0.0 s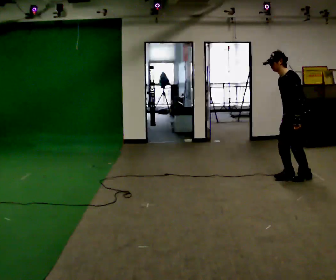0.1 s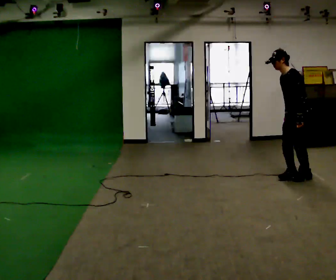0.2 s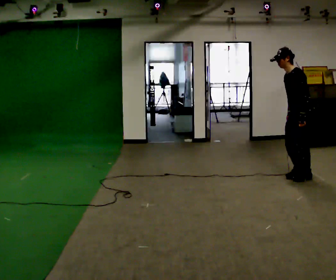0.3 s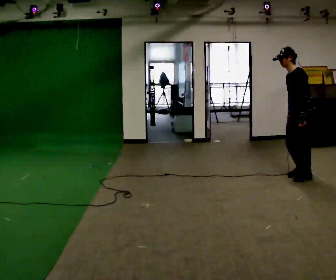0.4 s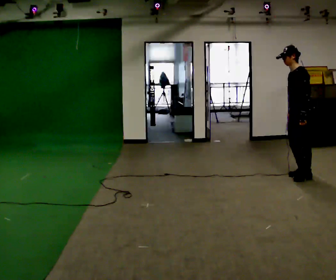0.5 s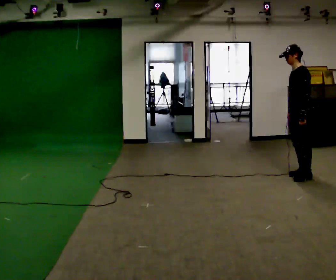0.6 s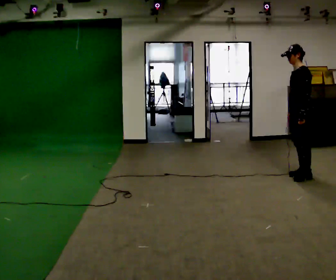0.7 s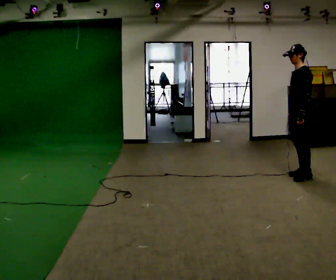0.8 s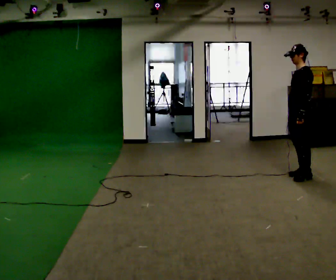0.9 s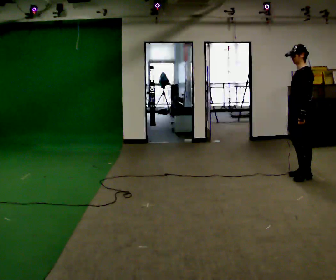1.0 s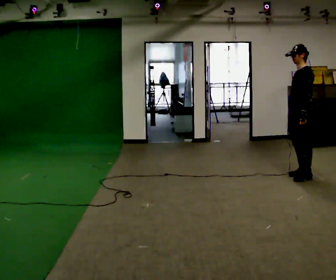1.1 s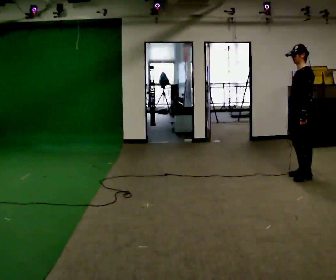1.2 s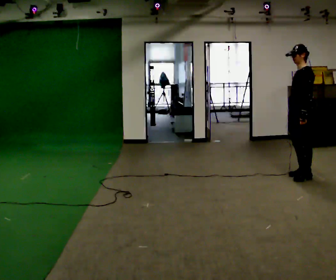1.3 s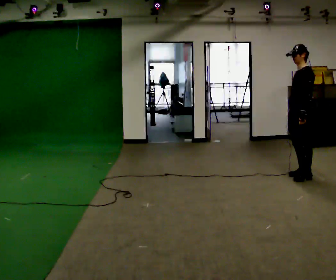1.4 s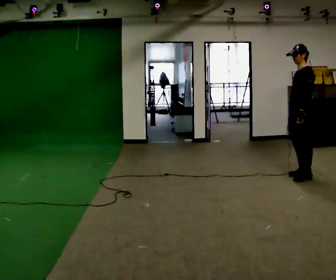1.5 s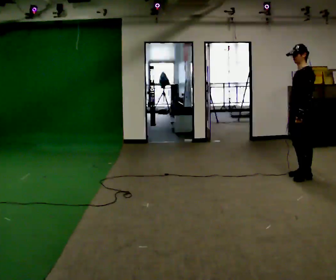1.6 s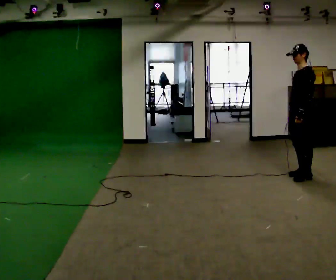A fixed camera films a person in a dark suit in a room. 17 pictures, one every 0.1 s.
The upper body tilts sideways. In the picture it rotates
clockwise.
0.0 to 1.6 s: In the picture the upper body tilts clockwise, shoulders to the right, as they lean back or straighten.
The film runs backward here.
